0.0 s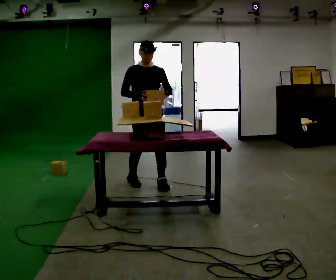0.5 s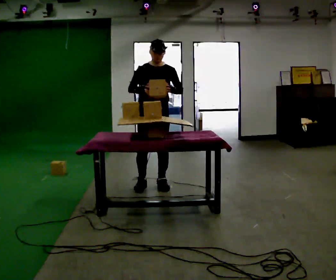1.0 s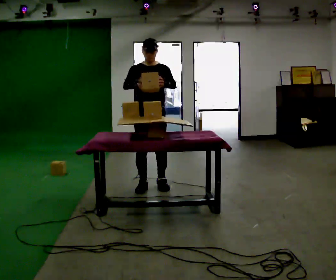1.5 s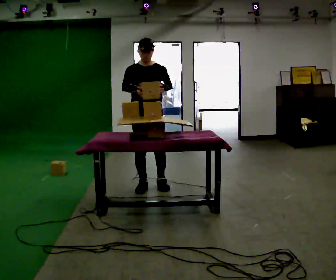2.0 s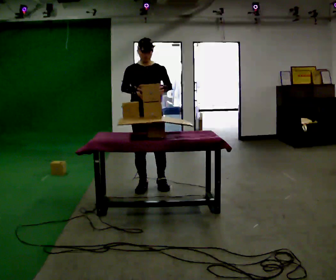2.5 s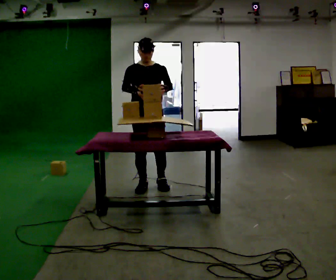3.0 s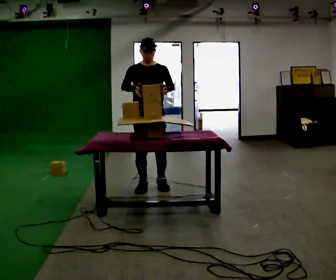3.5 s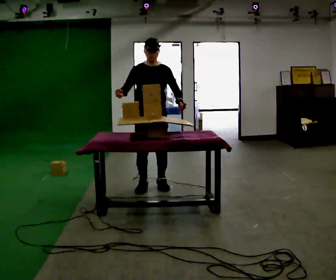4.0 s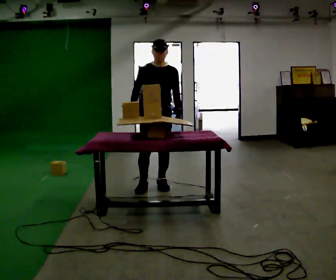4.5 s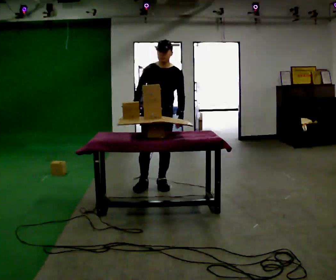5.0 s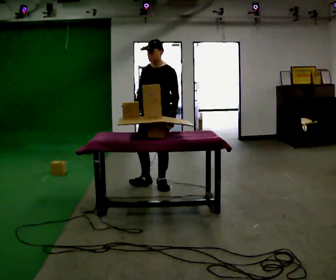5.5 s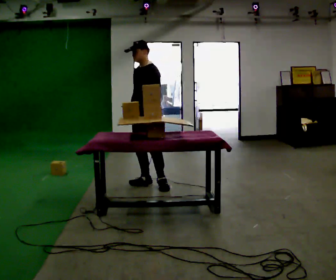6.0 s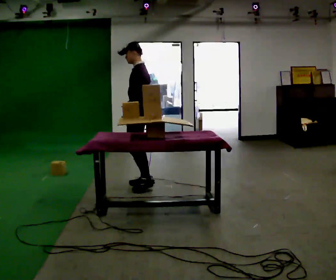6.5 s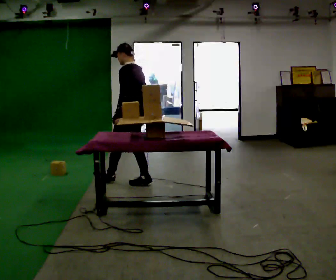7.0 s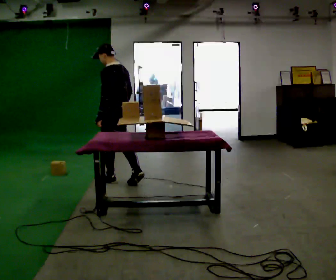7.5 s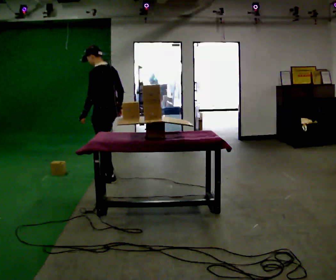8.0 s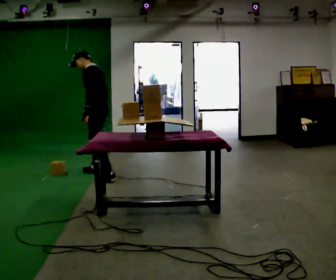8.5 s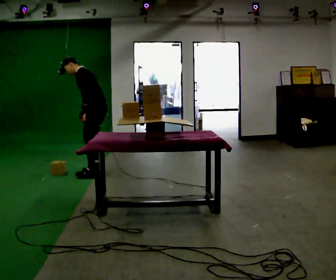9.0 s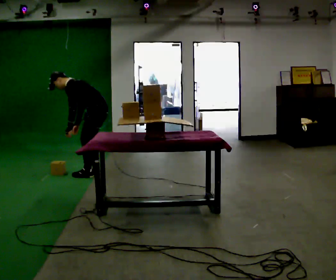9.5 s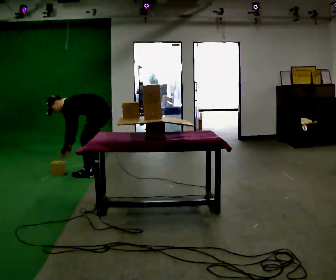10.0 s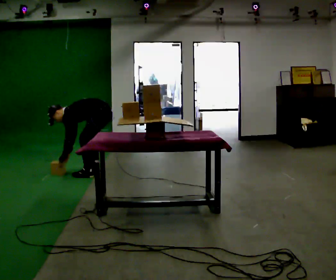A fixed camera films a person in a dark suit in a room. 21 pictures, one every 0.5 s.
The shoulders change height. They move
downward.
The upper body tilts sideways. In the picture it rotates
counterclockwise.
0.0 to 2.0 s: In the picture they go toward the camera, about 0.25 m in 1 step, which for them is forward.
2.0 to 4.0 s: The person moves a little, or ends about where they began.
4.0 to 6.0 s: The person turns about 90 degrees to their right, clockwise seen from above, so the part of the body nearest the lens slides to the left. In the picture they go to the left, about 0.25 m. In the picture their left hand goes to the left, the arm swinging clockwise.
6.0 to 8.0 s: In the picture they go to the left and away from the camera, about 0.75 m in 2 steps, which for them is forward.
8.0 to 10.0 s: The upper body goes downward. In the picture the upper body tilts counterclockwise, shoulders to the left, as they bend forward. In the picture their right hand goes downward and to the left.
The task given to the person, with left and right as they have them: Carry the object over and set it down on the wobbly board without tipping it over. Keep going until the operator says stop; one object at a time, and do not rush between trips.
The film runs forward here.
